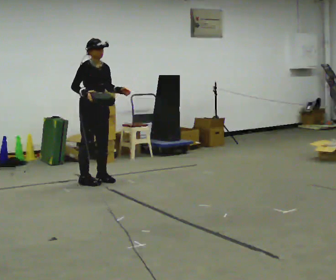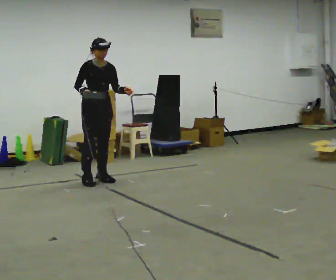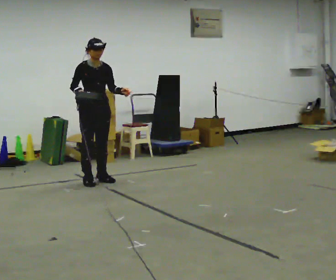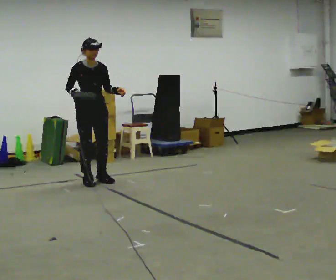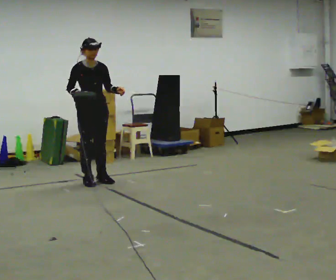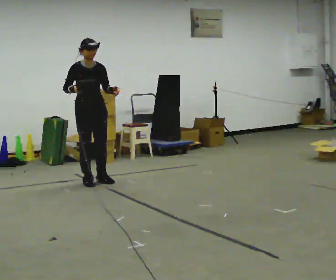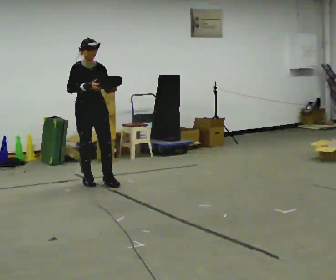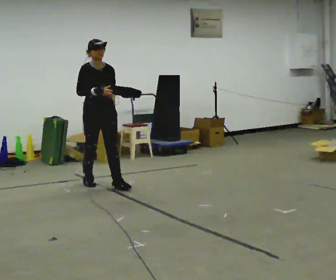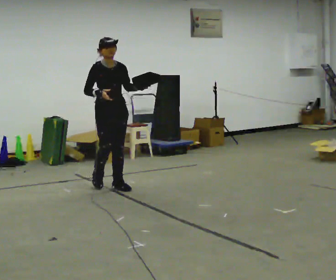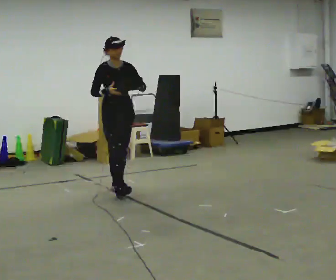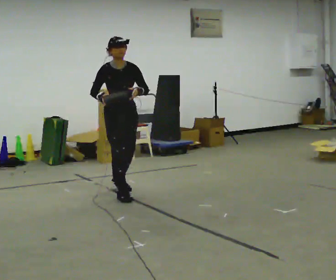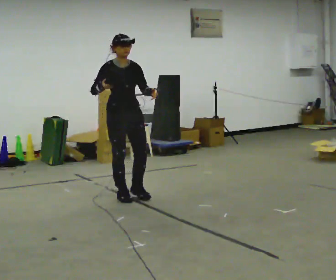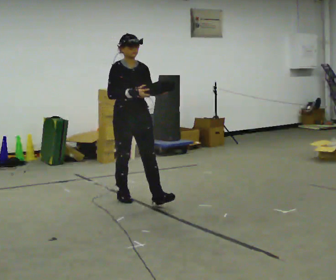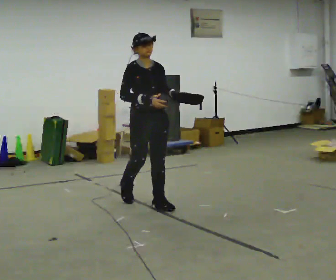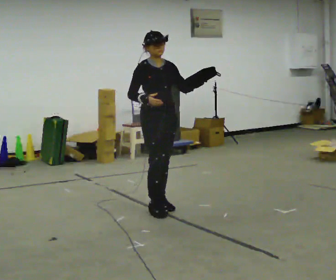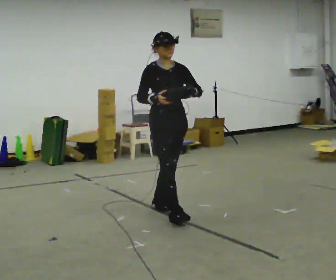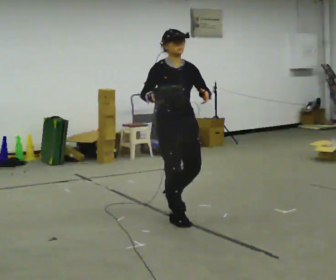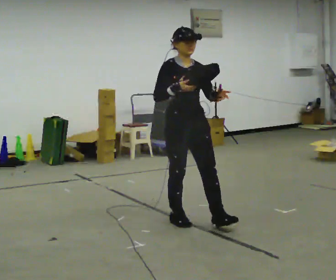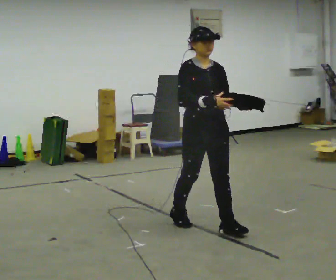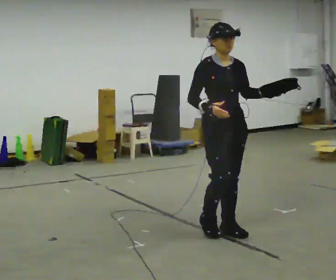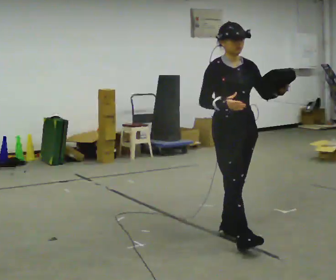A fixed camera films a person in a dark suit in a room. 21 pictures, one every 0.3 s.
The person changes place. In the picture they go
toward the camera.
0.0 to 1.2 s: The person moves a little, or ends about where they began.
1.2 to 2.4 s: In the picture they go toward the camera and to the right, about 0.25 m in 1 step, which for them is forward and to their left.
2.4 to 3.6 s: In the picture they go toward the camera and to the right, about 0.75 m in 2 steps, which for them is forward.
3.6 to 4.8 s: In the picture they go toward the camera and to the right, about 1 m in 1 step, which for them is forward.
4.8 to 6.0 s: In the picture they go toward the camera and to the right, about 0.75 m in 1 step, which for them is forward.
The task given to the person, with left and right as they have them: Carry the object in one hand and, while walking, pass it to your other hand. Keep passing it back and forth as you walk.
The film runs forward here.
